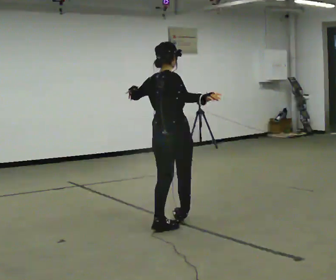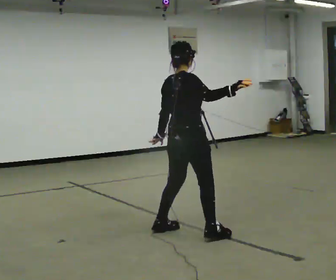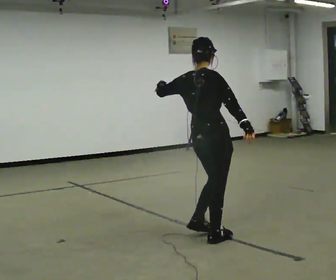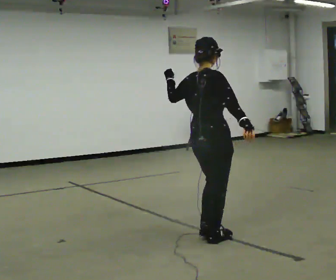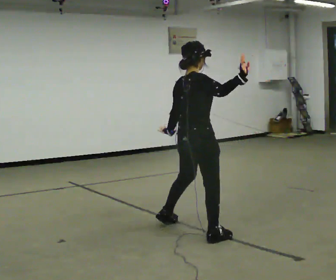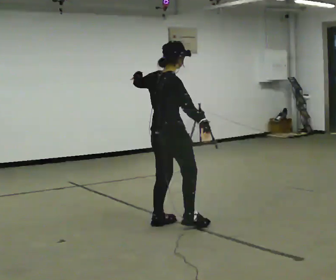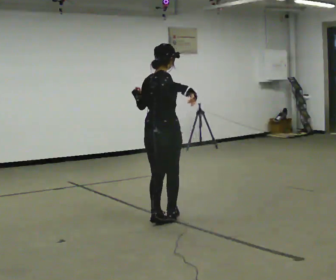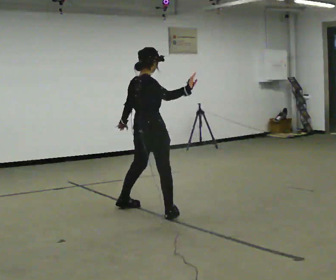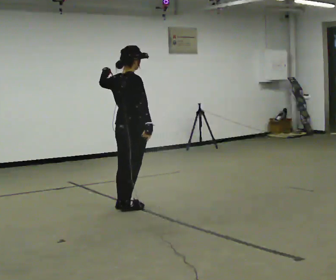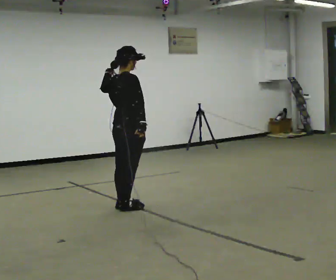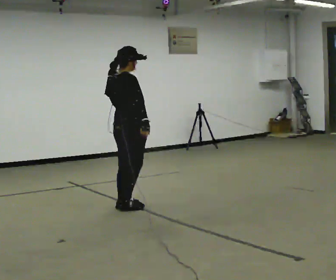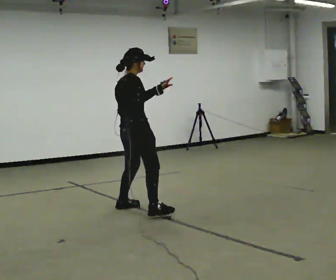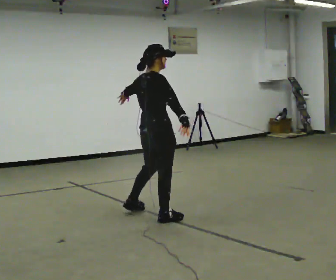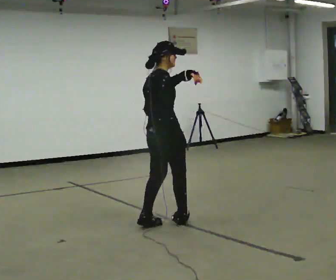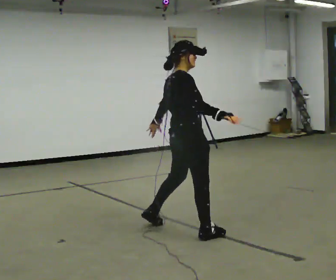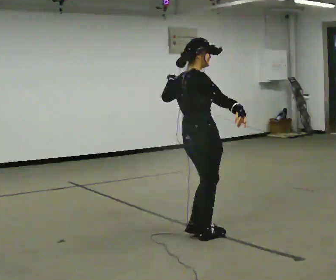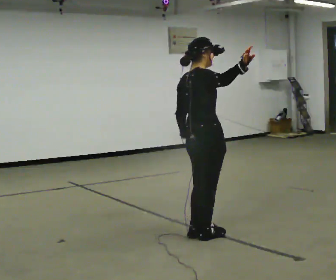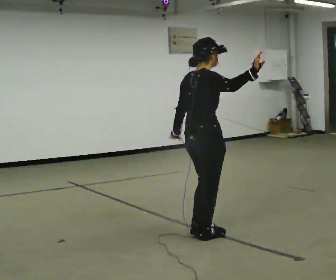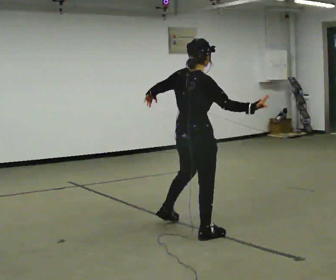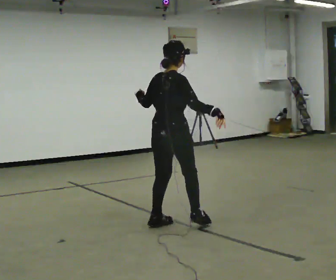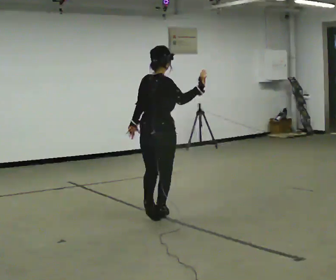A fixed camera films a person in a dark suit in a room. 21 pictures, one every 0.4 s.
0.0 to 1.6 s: In the picture they go toward the camera and to the right, about 0.25 m in 2 steps, which for them is to their right. In the picture their left hand goes downward.
1.6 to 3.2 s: In the picture they go away from the camera and to the left, about 1 m in 4 steps, which for them is to their left. In the picture their left hand goes upward.
3.2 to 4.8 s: In the picture they go toward the camera and to the right, about 0.5 m in 1 step, which for them is to their right.
4.8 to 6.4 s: In the picture they go toward the camera and to the right, about 0.5 m in 3 steps, which for them is to their right. In the picture their left hand goes downward.
6.4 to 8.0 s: The part of the body nearest the lens slides to the right as the person turns to their left by about 30 degrees. In the picture they go away from the camera and to the left, about 1 m in 2 steps, which for them is to their left.
The film runs forward here.
